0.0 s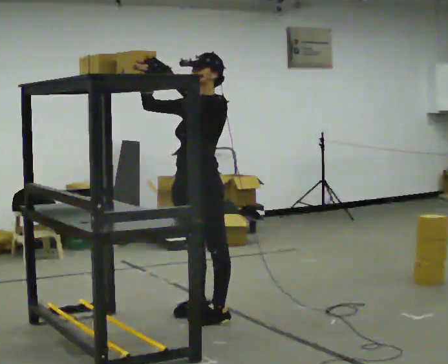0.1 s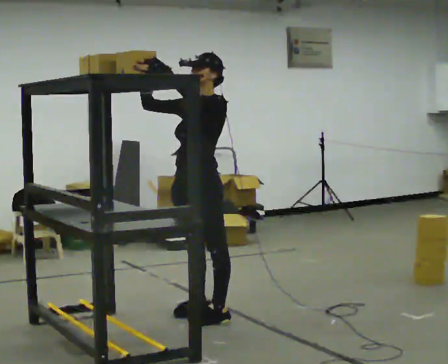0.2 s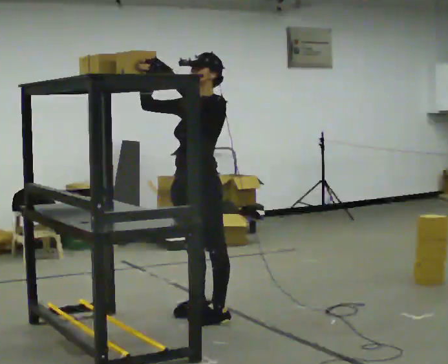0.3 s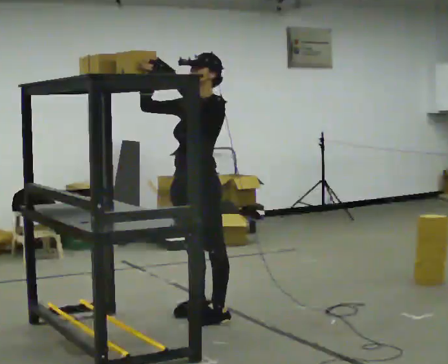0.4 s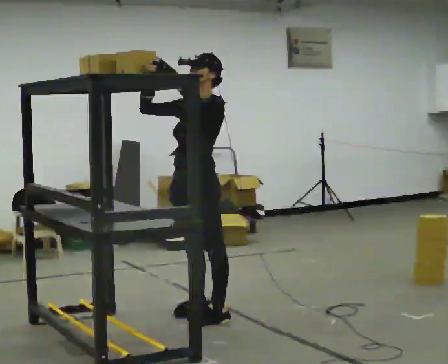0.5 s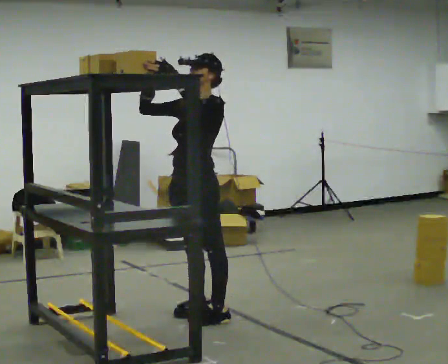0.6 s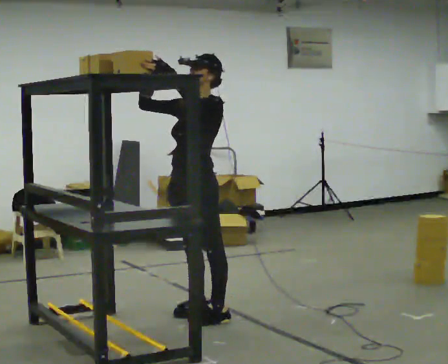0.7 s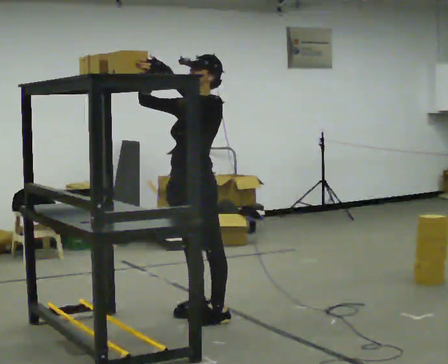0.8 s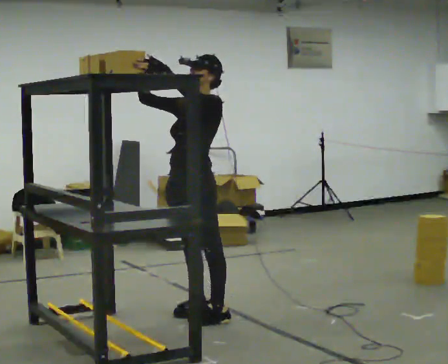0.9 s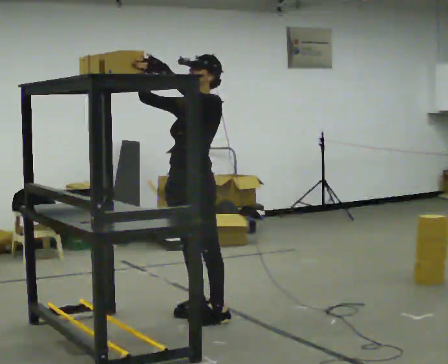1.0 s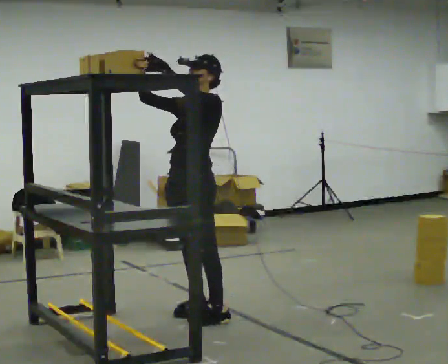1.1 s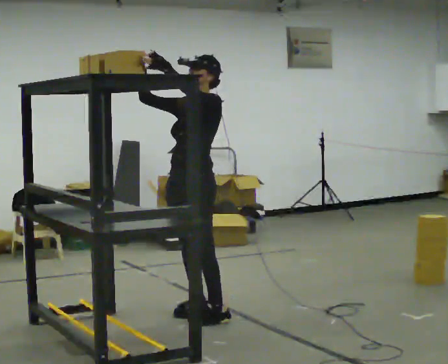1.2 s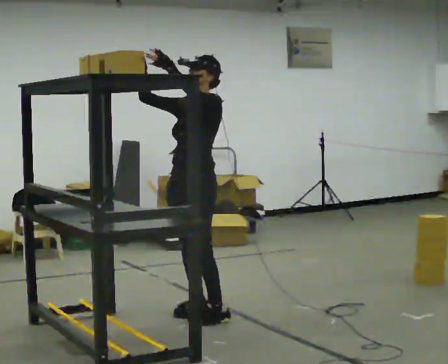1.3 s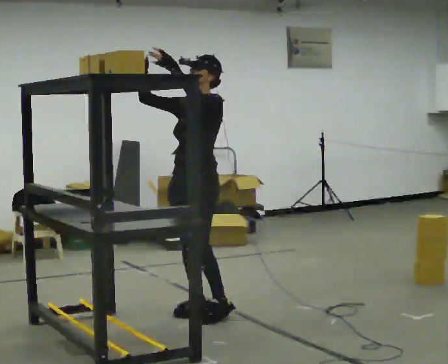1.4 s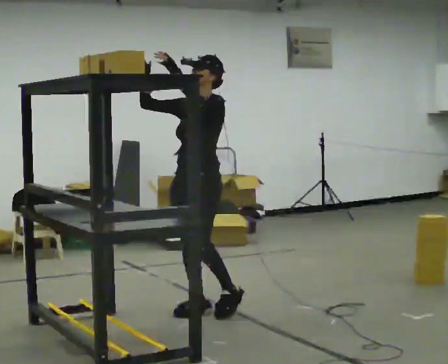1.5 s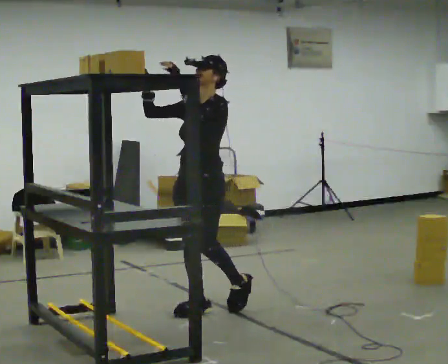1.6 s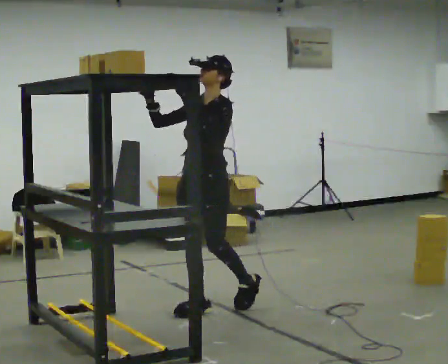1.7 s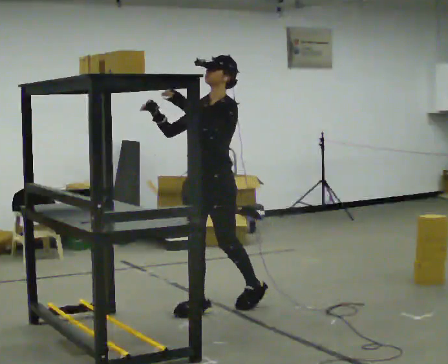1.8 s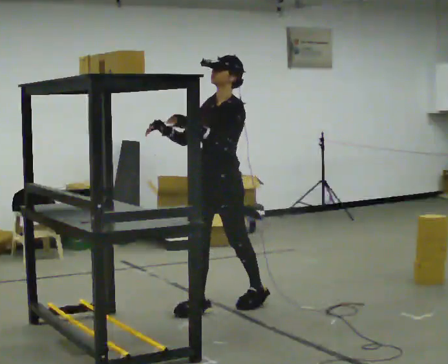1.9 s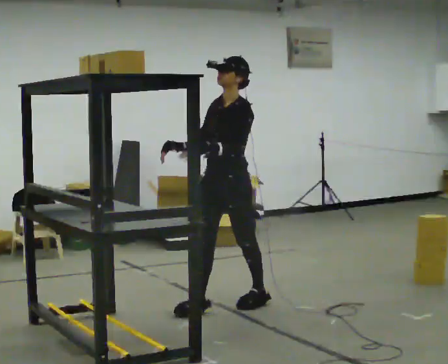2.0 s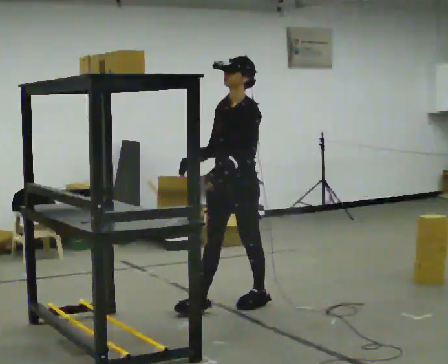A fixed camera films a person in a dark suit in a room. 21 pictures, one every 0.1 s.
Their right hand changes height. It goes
downward.
Their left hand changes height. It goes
downward.
0.0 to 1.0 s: The person moves a little, or ends about where they began.
1.0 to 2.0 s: In the picture they go to the right and away from the camera, about 0.25 m in 1 step, which for them is backward. In the picture their right hand goes downward, the arm swinging counterclockwise.
The film runs backward here.
